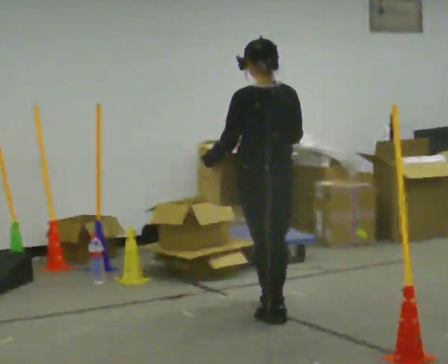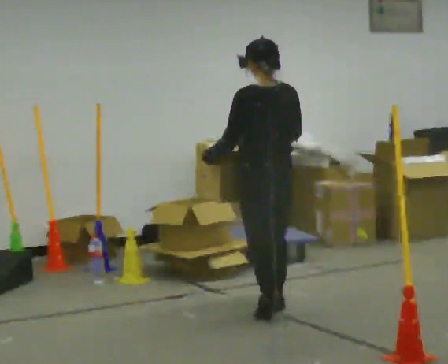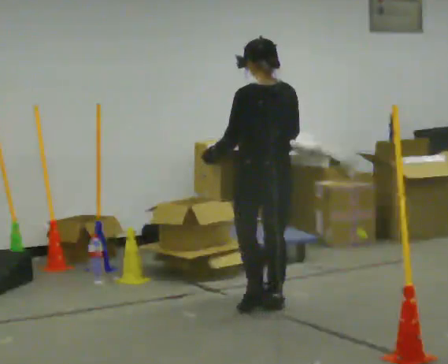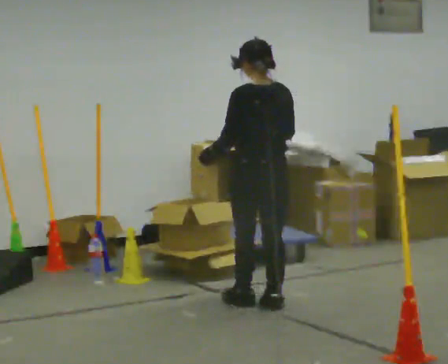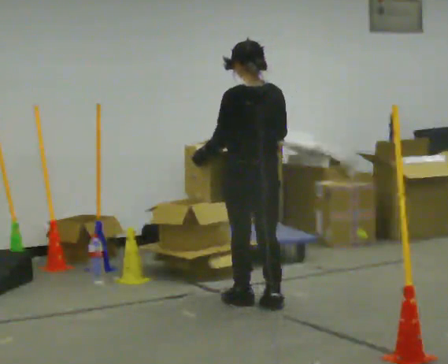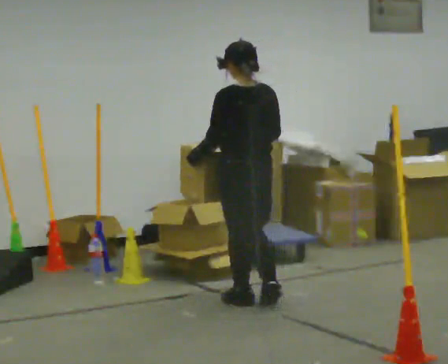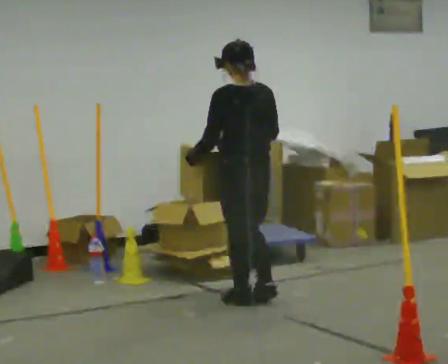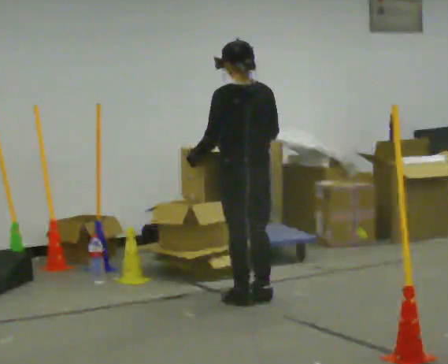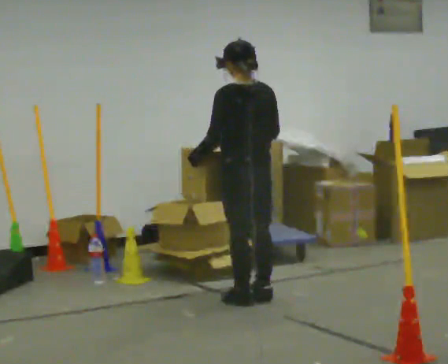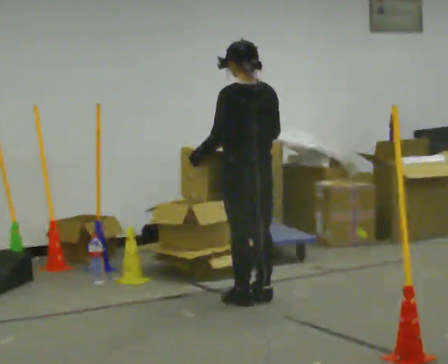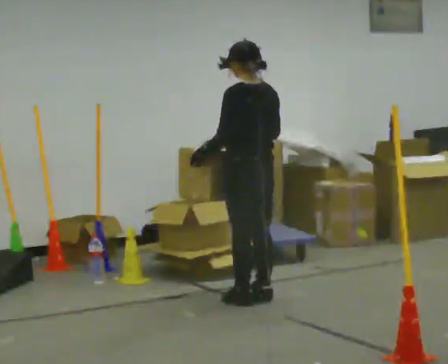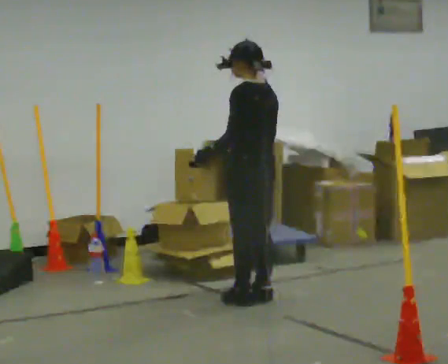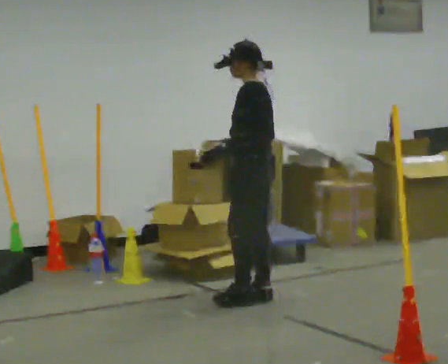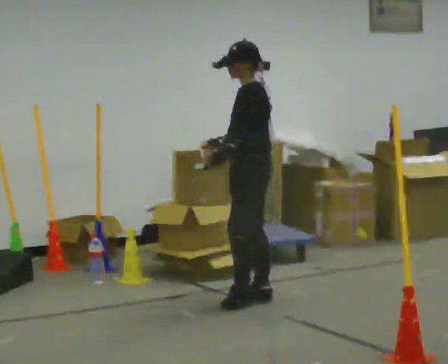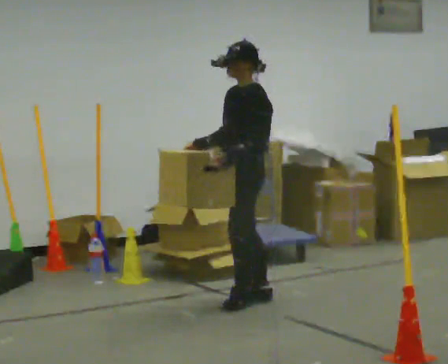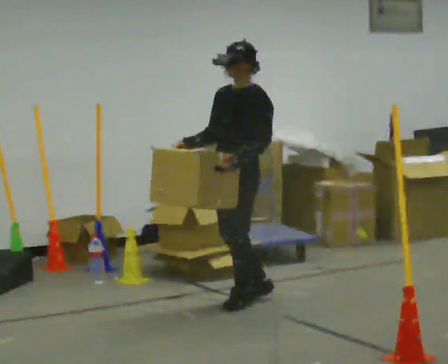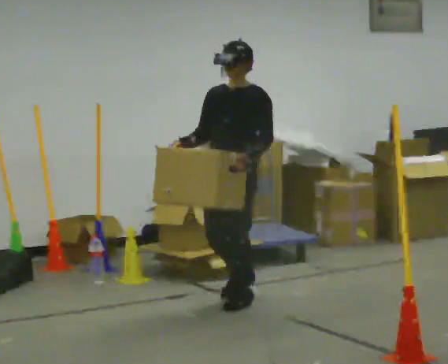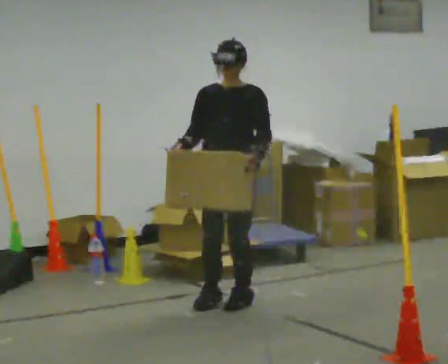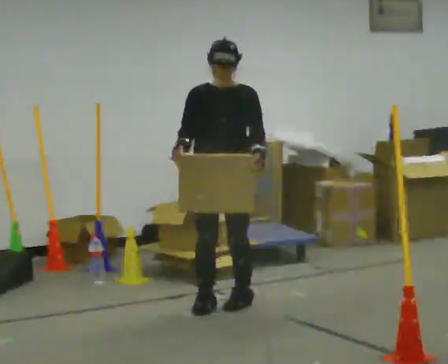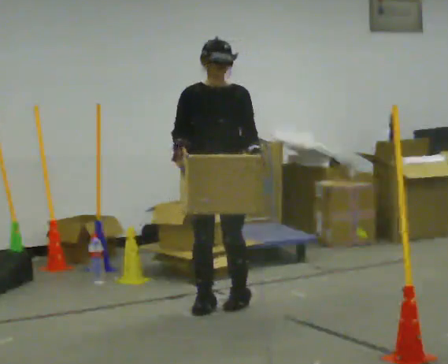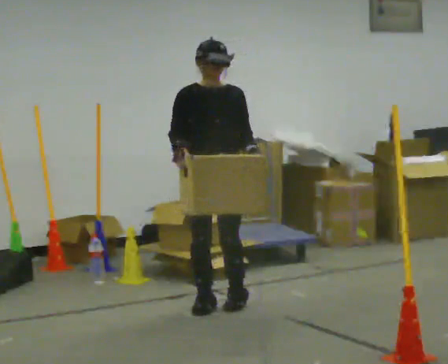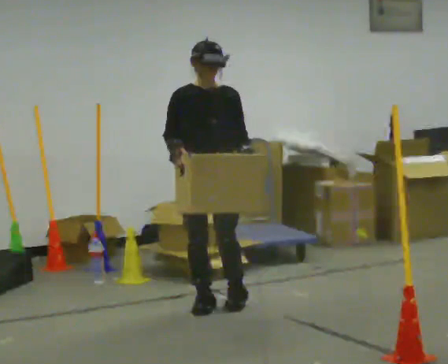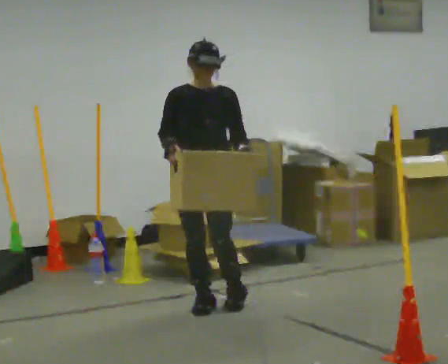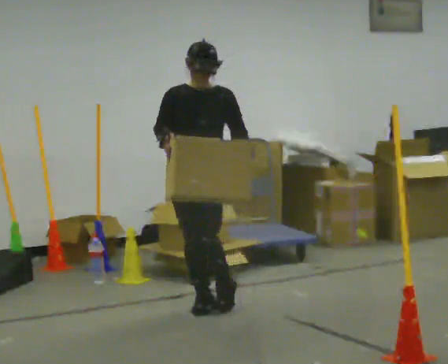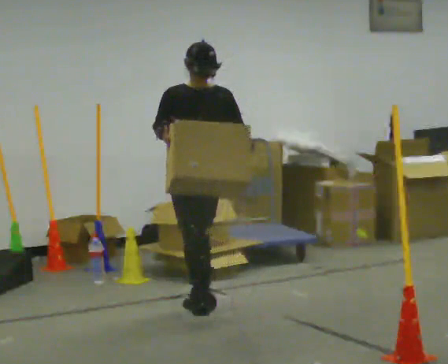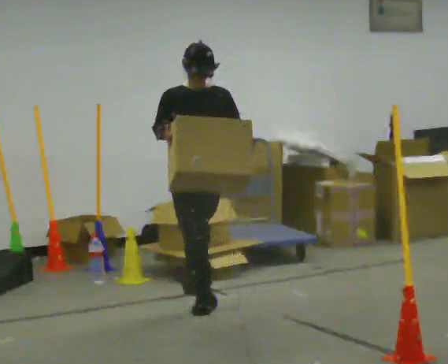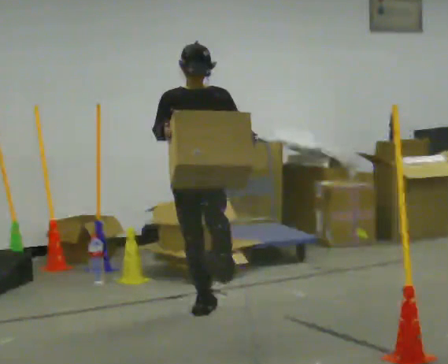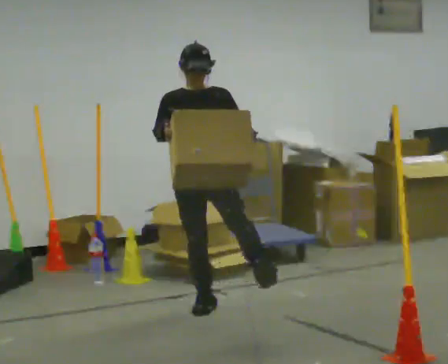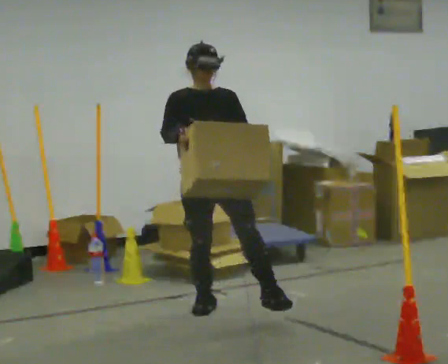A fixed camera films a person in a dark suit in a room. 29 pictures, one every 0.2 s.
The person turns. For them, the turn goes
to their left.
The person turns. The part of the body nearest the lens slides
to the right.
0.0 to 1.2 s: In the picture they go away from the camera, about 0.25 m in 1 step, which for them is forward.
1.2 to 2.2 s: The person turns about 30 degrees to their left, counterclockwise seen from above, so the part of the body nearest the lens slides to the right.
2.2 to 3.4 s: The part of the body nearest the lens slides to the right as the person turns to their left by about 105 degrees. In the picture they go to the left, about 0.25 m. In the picture their right hand goes to the left.
3.4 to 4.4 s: In the picture they go to the left, about 0.25 m in 1 step, which for them is to their right.
4.4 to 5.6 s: The person moves a little, or ends about where they began.
The film runs forward here.
